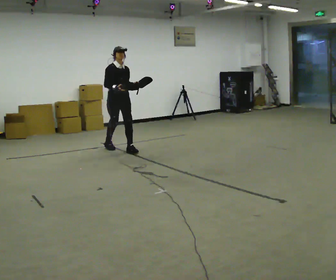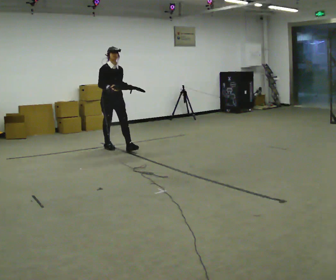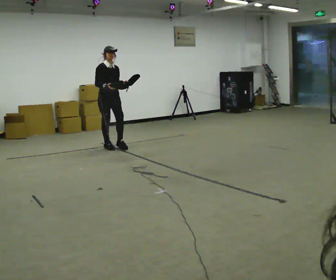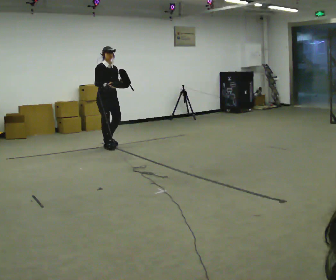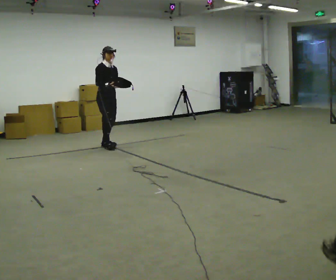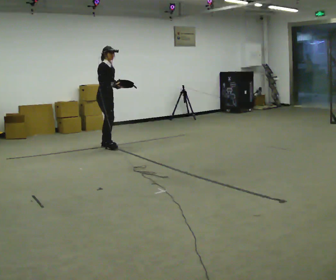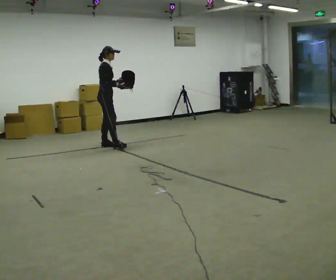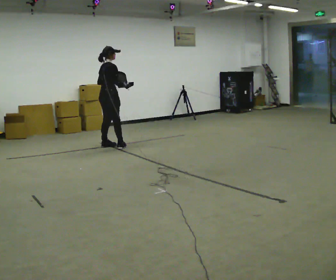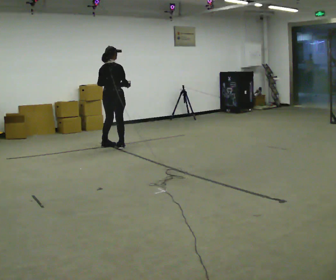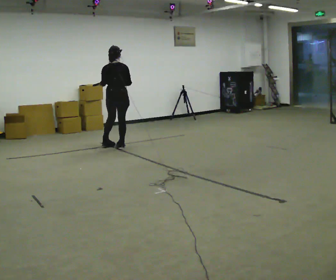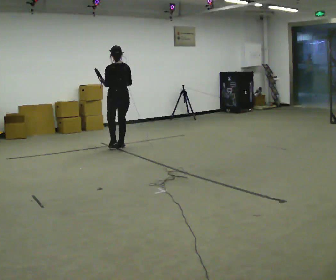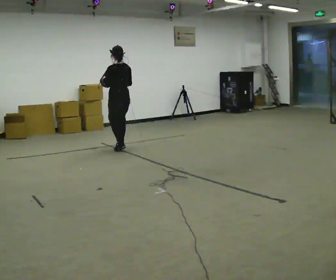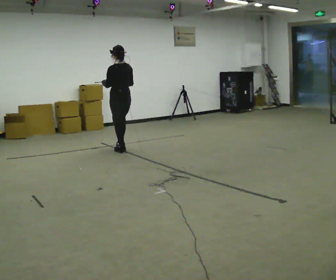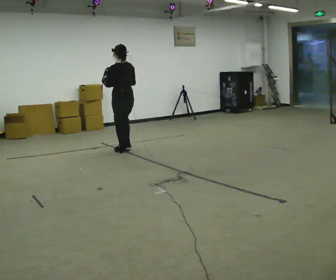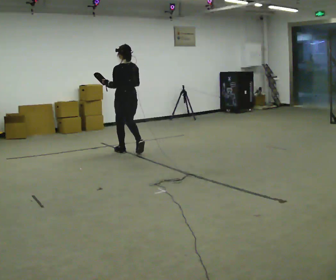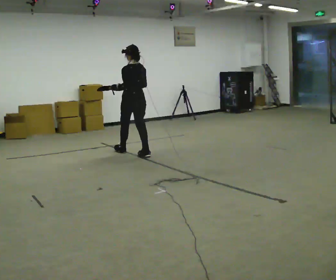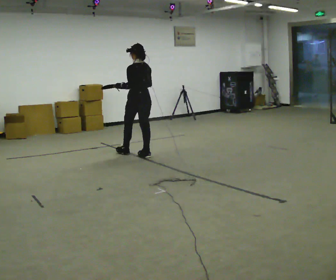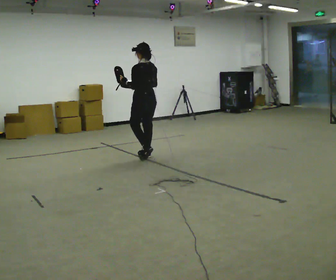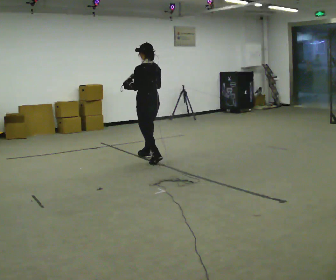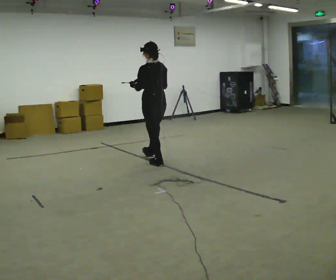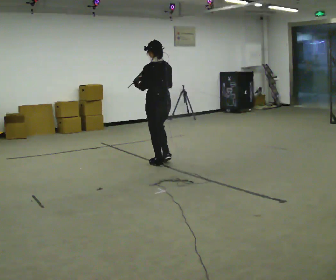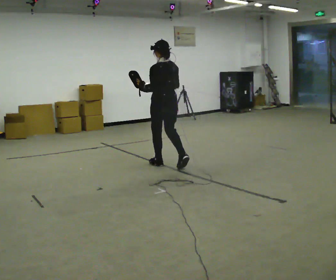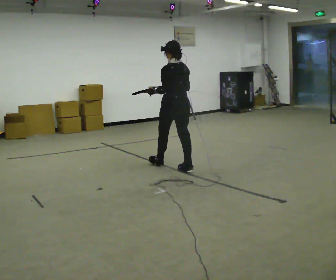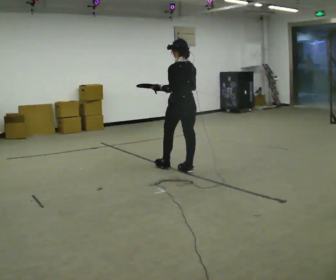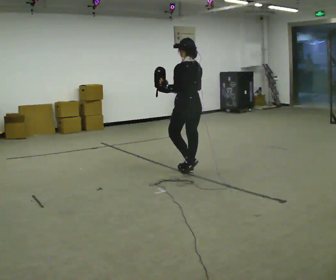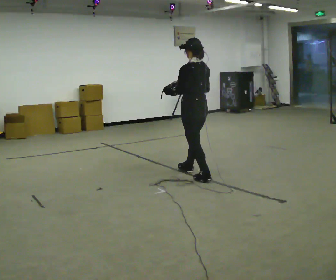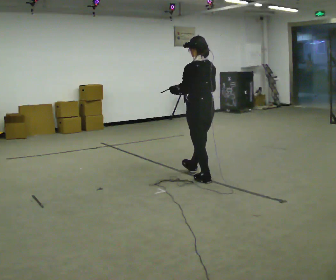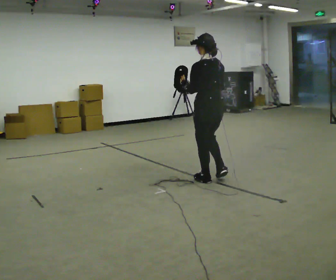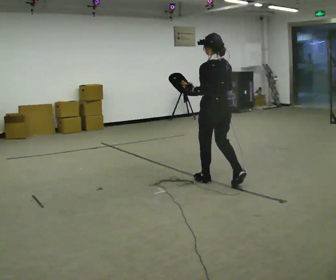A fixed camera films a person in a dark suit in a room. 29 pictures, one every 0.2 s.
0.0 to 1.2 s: The person turns about 60 degrees to their left, counterclockwise seen from above, so the part of the body nearest the lens slides to the right. In the picture they go away from the camera and to the left, about 0.25 m in 2 steps.
1.2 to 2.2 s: The part of the body nearest the lens slides to the right as the person turns to their left by about 120 degrees. In the picture they go to the right and toward the camera, about 0.25 m in 1 step.
2.2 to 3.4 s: In the picture they go toward the camera and to the right, about 0.5 m in 2 steps, which for them is backward.
3.4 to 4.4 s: In the picture they go toward the camera and to the right, about 0.5 m in 1 step, which for them is backward.
4.4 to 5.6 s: In the picture they go toward the camera and to the right, about 1 m in 2 steps, which for them is backward.
The film runs backward here.
